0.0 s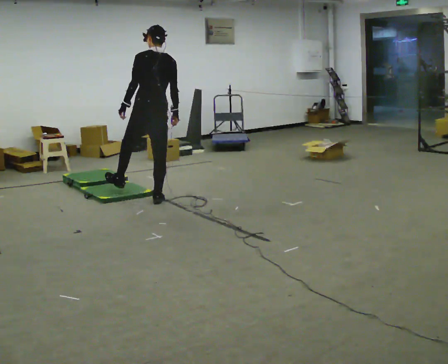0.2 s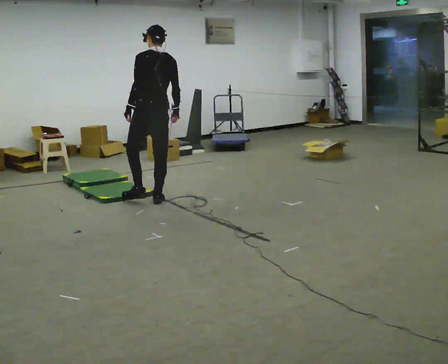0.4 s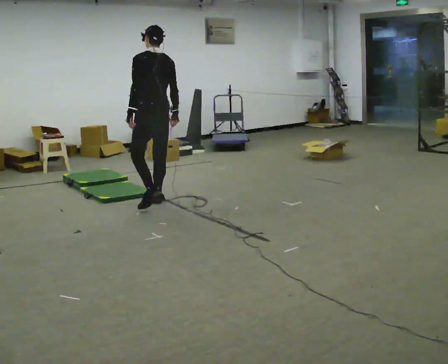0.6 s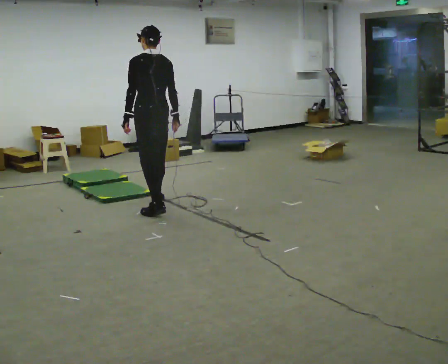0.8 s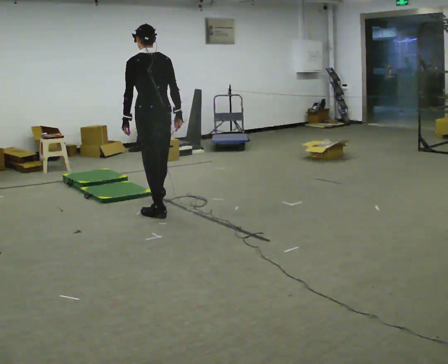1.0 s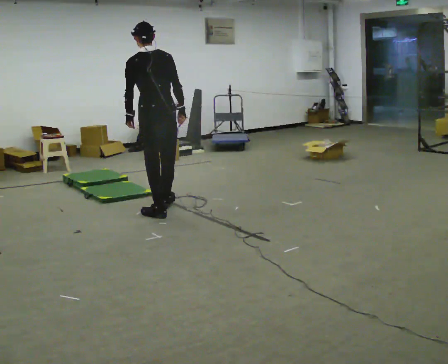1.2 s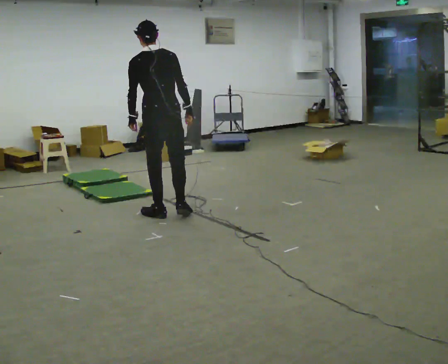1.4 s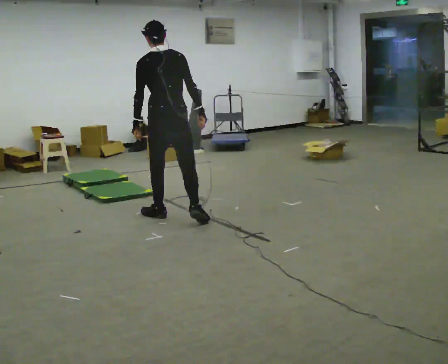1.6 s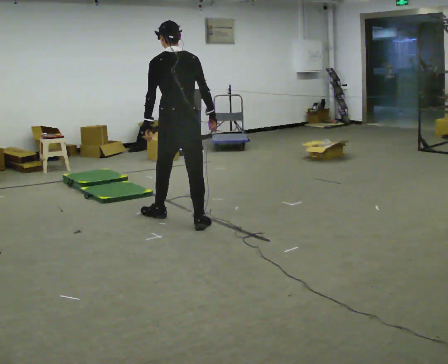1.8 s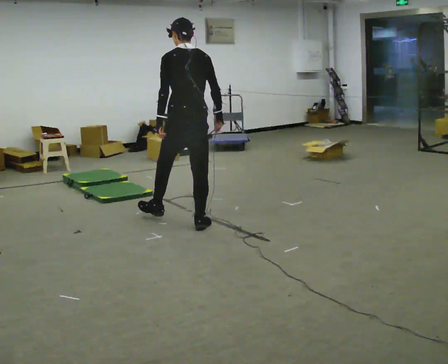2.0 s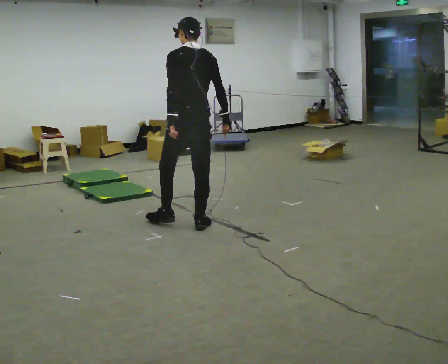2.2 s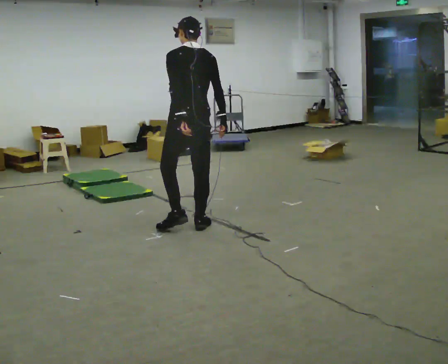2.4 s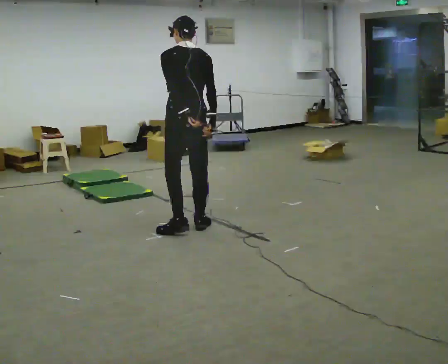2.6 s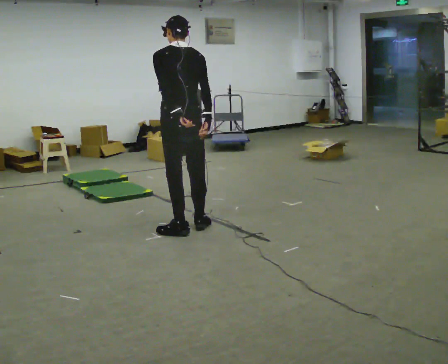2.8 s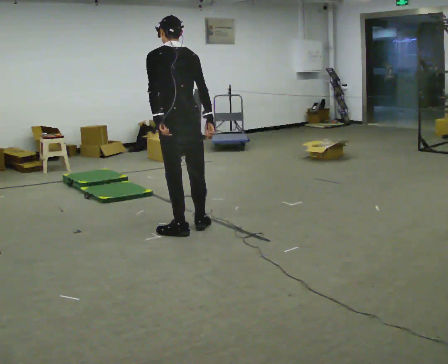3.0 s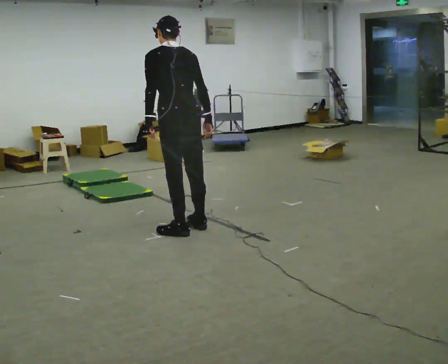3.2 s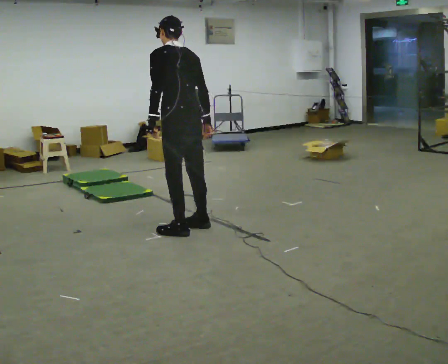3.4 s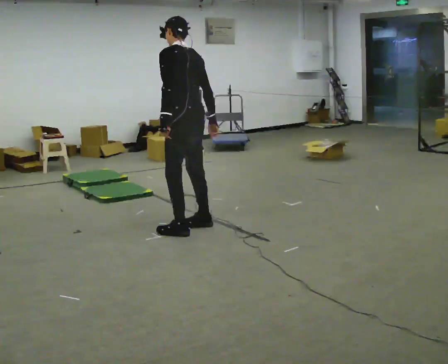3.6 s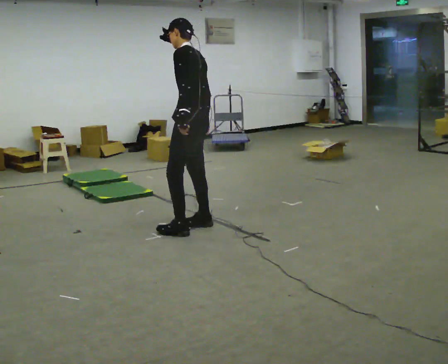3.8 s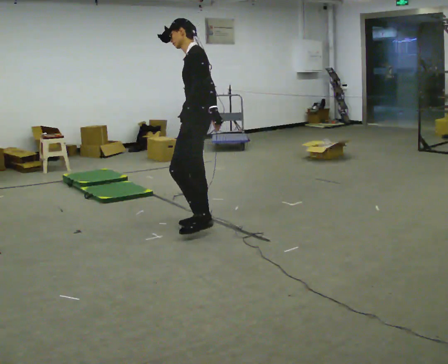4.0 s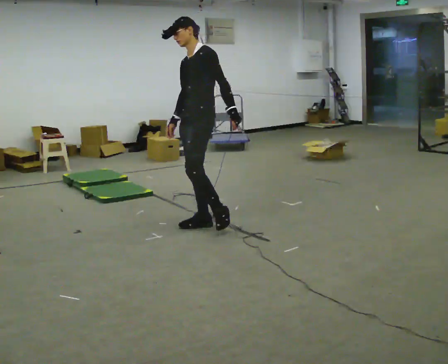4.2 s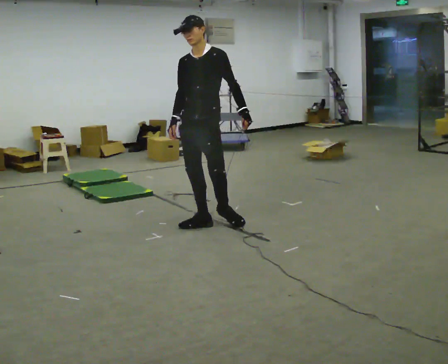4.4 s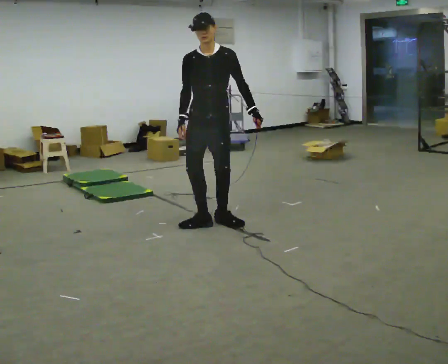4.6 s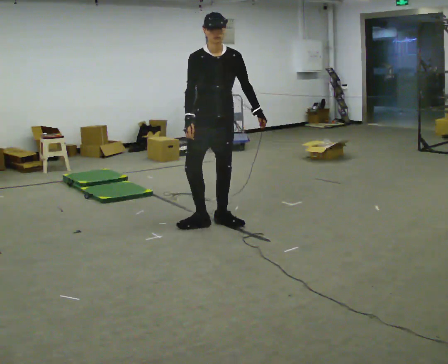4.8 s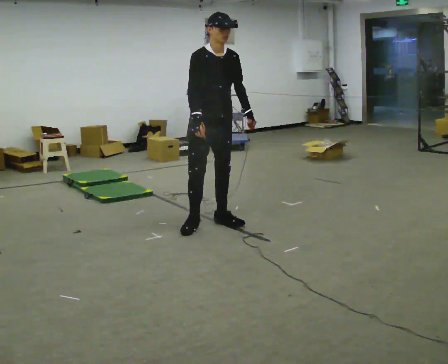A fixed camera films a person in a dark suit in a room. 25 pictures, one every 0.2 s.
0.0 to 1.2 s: In the picture they go toward the camera, about 0.5 m in 1 step, which for them is backward. In the picture the upper body tilts counterclockwise, shoulders to the left.
1.2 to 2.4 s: In the picture they go toward the camera and to the right, about 0.5 m in 1 step, which for them is backward.
2.4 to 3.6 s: The part of the body nearest the lens slides to the right as the person turns to their left by about 45 degrees.
3.6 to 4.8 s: The part of the body nearest the lens slides to the right as the person turns to their left by about 135 degrees. In the picture they go away from the camera, about 0.25 m in 2 steps. In the picture the upper body tilts clockwise, shoulders to the right. In the picture their left hand goes to the right.
The film runs backward here.
